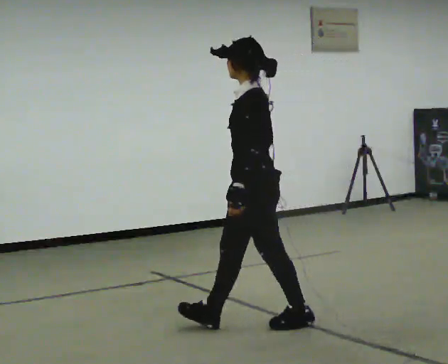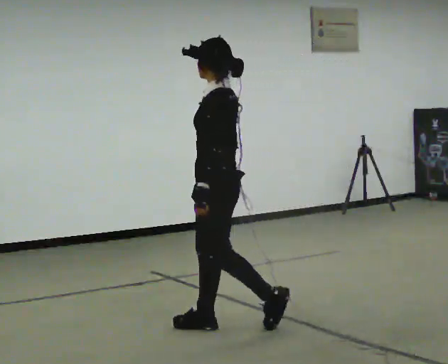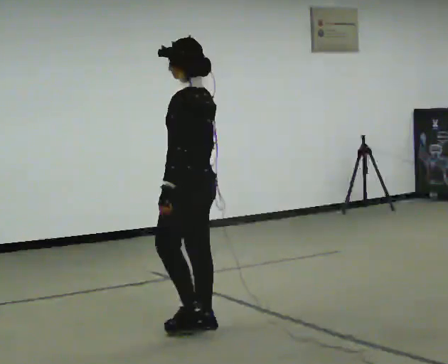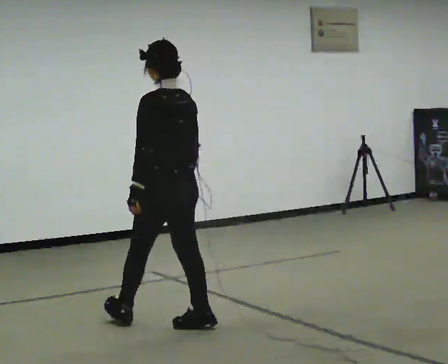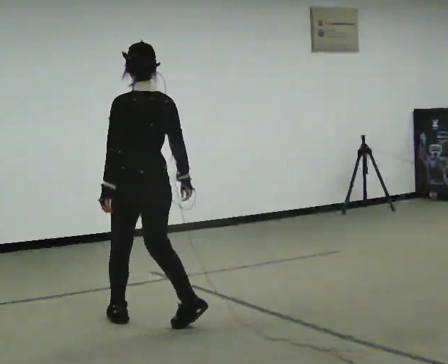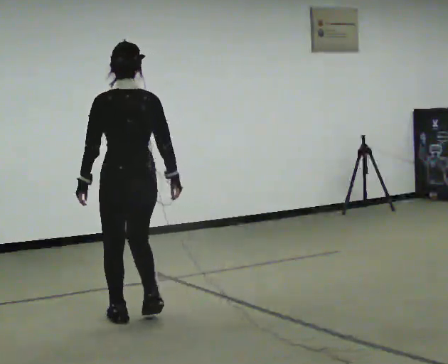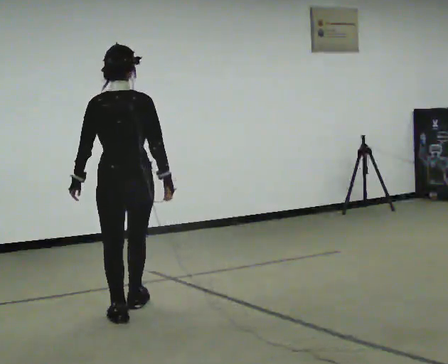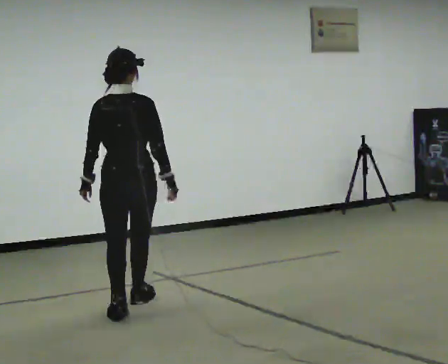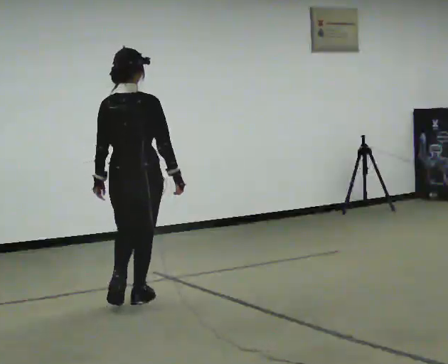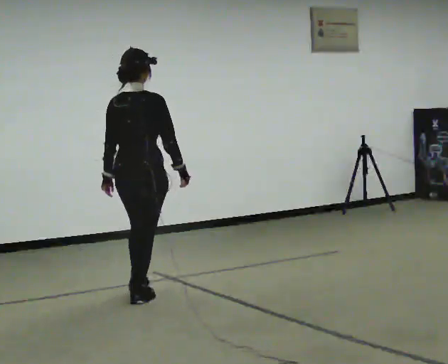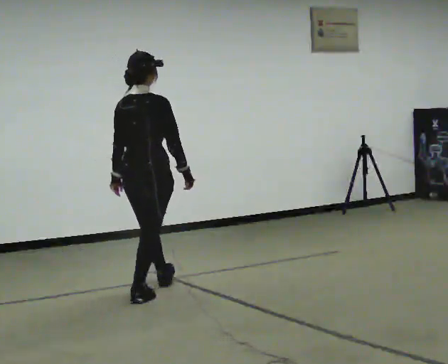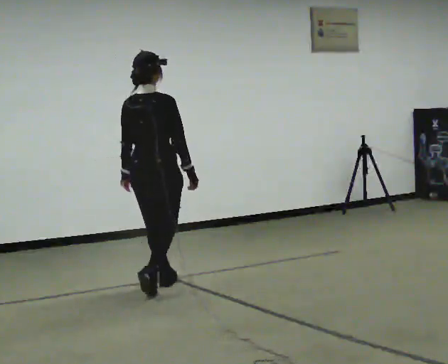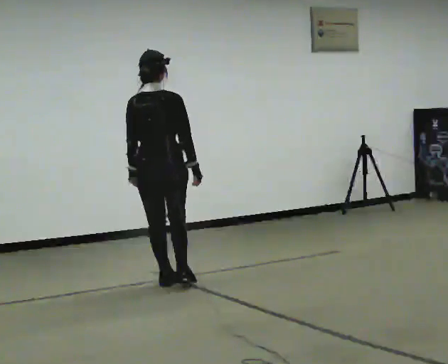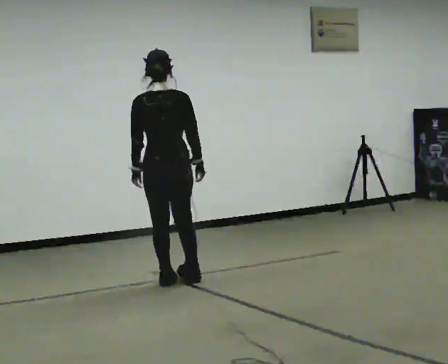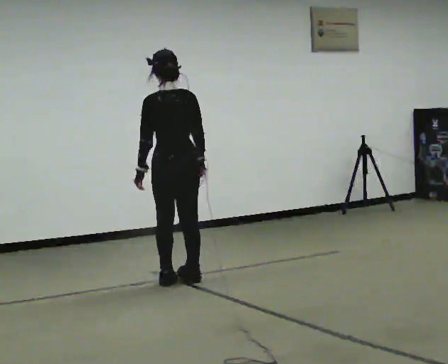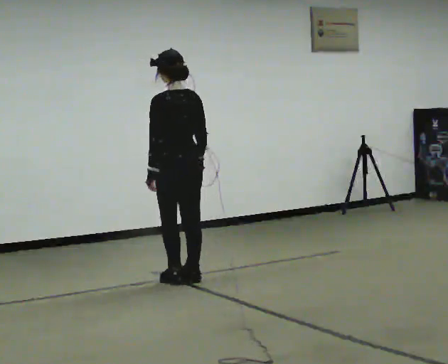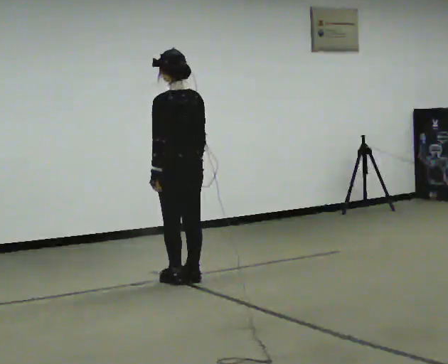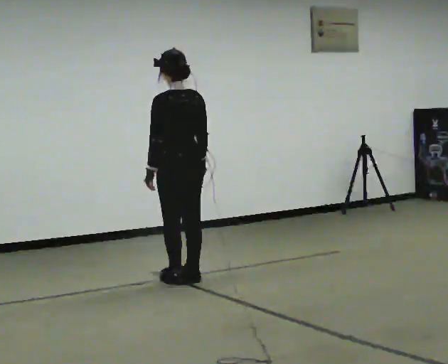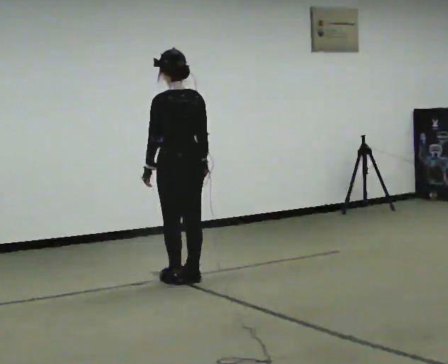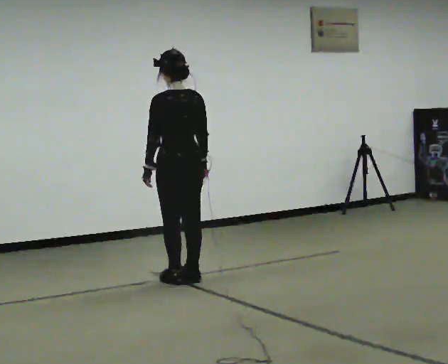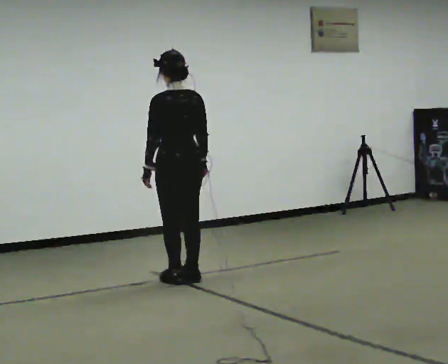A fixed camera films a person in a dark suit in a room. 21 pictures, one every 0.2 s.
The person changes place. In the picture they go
away from the camera.
The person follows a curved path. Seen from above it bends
clockwise.
0.0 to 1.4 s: Seen from above the body turns clockwise, about 90 degrees: to their right, with its near side sliding to the left. In the picture they go to the left and away from the camera, about 1 m in 3 steps.
1.4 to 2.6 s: In the picture they go away from the camera and to the right, about 0.75 m in 2 steps, which for them is forward.
2.6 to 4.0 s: The person moves a little, or ends about where they began.
The film runs forward here.
